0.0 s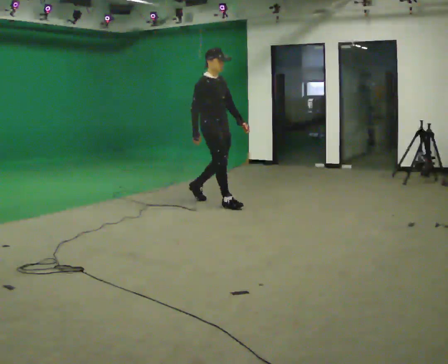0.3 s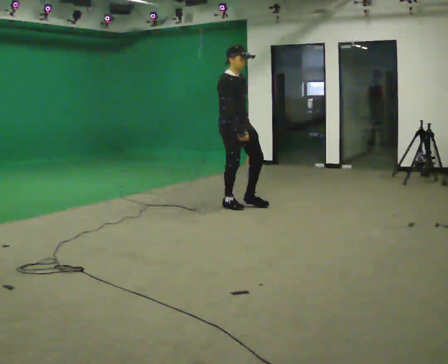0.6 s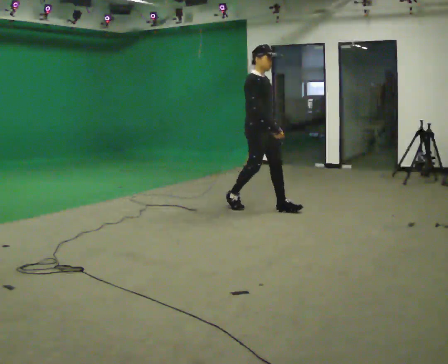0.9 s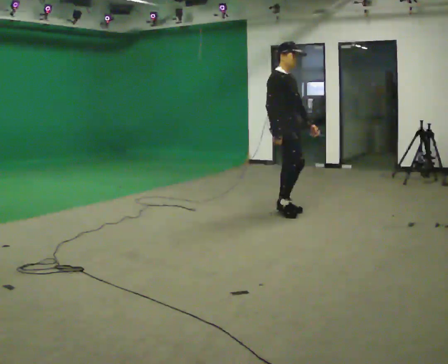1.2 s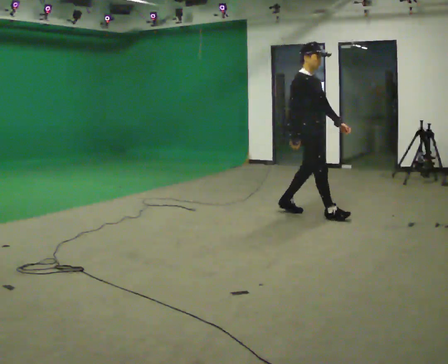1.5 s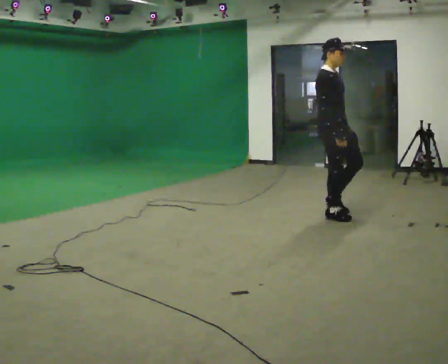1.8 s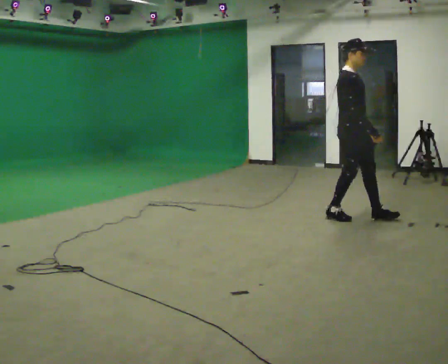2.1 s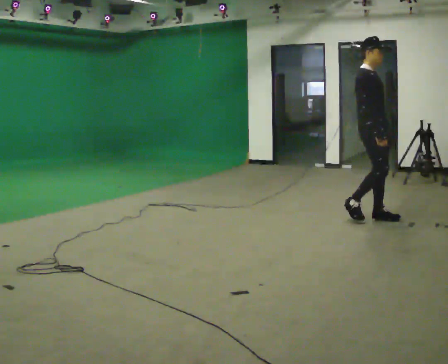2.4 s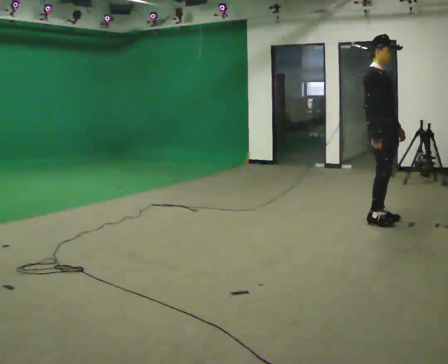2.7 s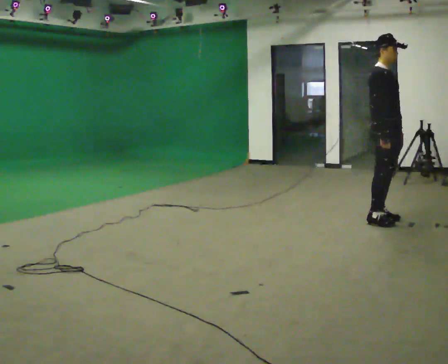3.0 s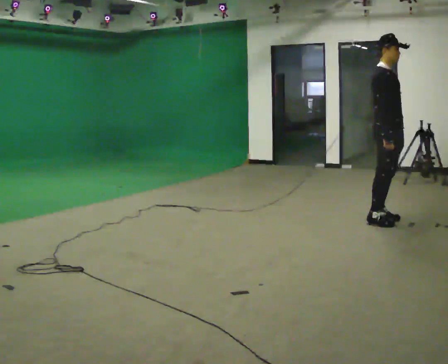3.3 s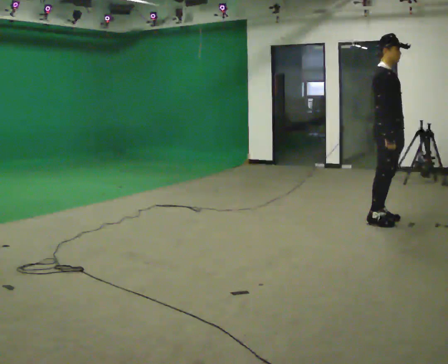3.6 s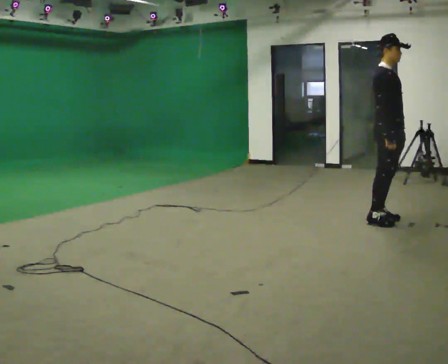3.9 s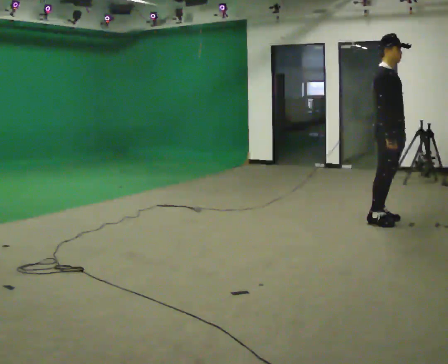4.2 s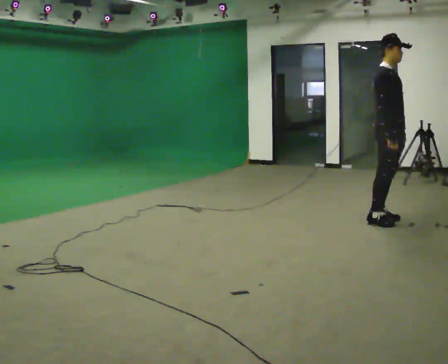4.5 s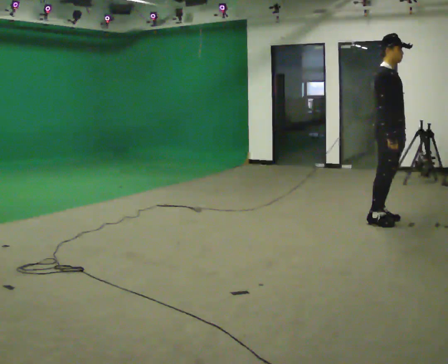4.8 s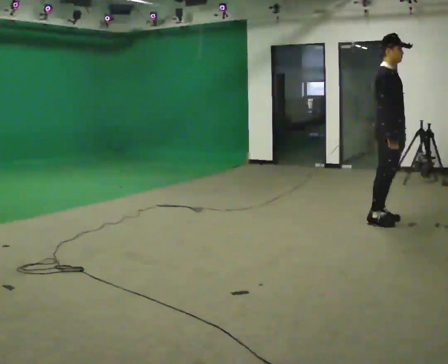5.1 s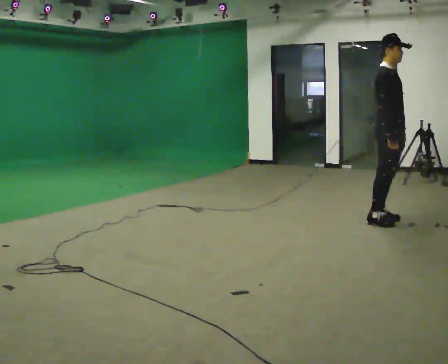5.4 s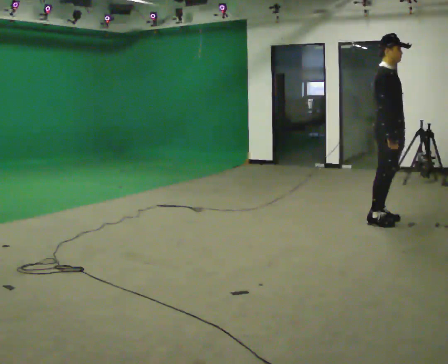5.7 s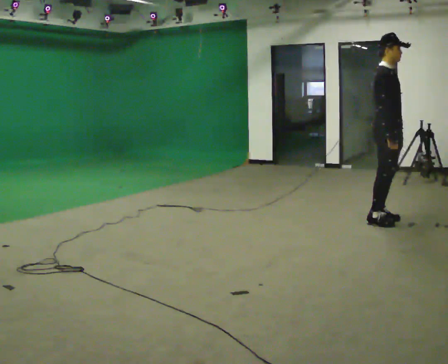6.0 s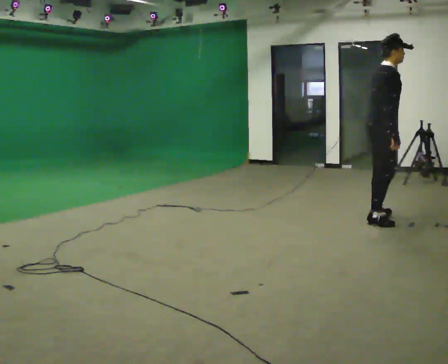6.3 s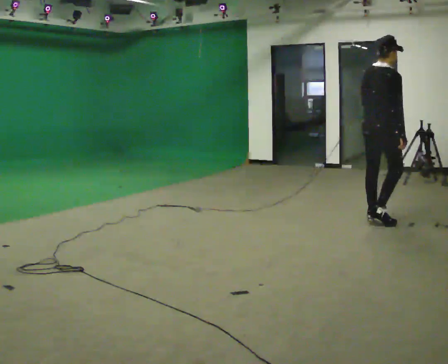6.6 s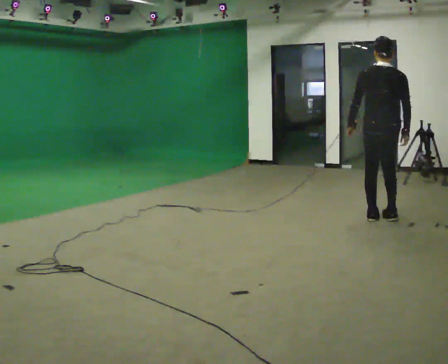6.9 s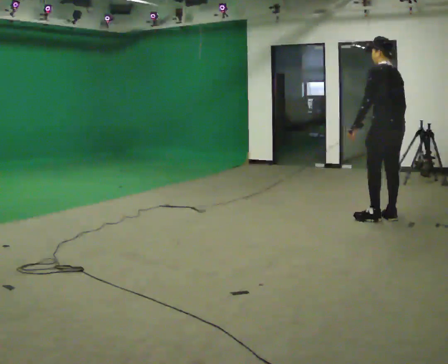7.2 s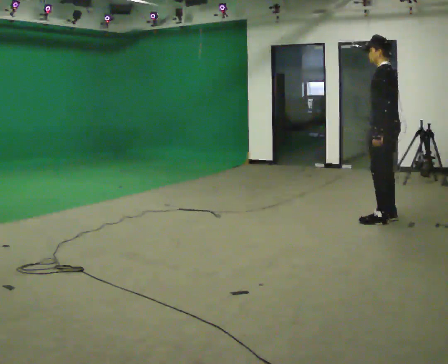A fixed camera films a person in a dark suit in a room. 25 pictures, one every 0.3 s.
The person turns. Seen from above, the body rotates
counterclockwise.
The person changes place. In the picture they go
to the right.
0.0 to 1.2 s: In the picture they go to the right, about 1 m in 2 steps, which for them is forward.
1.2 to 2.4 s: In the picture they go to the right, about 0.5 m in 2 steps, which for them is forward.
2.4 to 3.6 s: The person moves a little, or ends about where they began.
3.6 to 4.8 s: The person keeps their place and pose.
4.8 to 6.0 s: Seen from above the body turns counterclockwise, about 30 degrees: to their left, with its near side sliding to the right.
6.0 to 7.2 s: The person turns about 150 degrees to their left, counterclockwise seen from above, so the part of the body nearest the lens slides to the right.
The film runs forward here.
